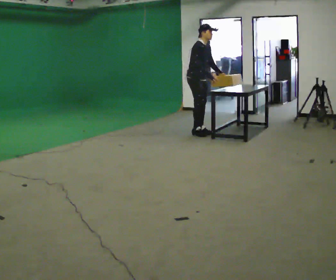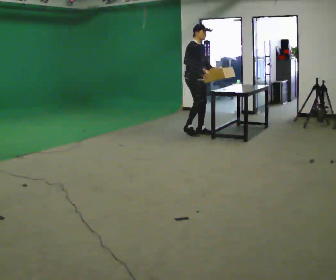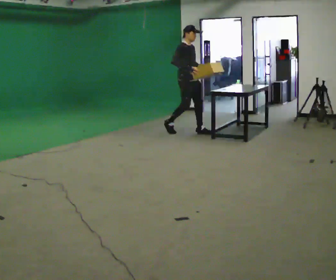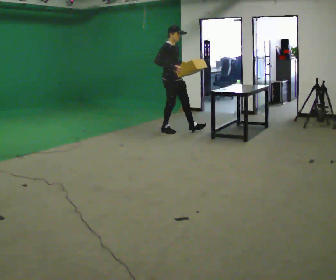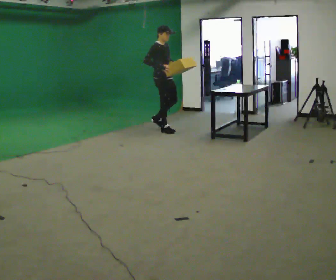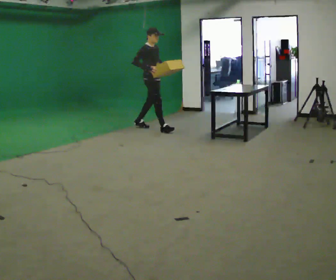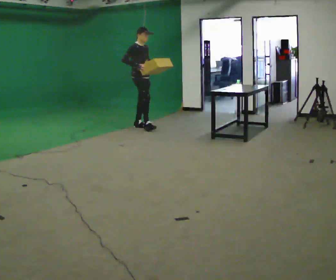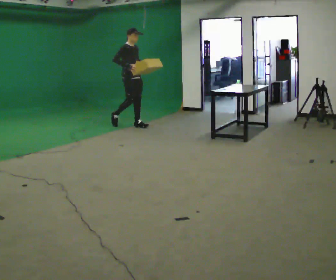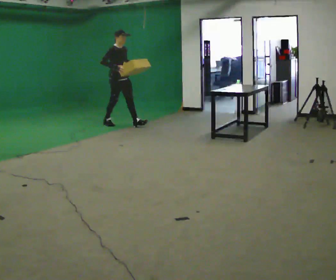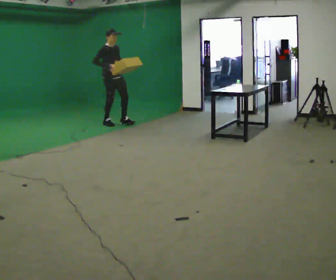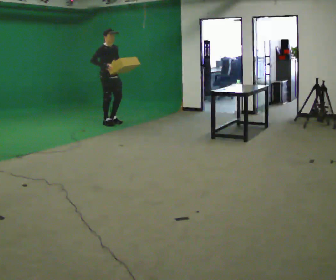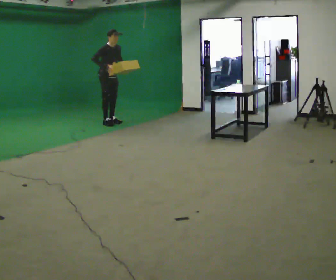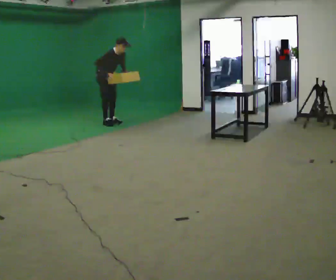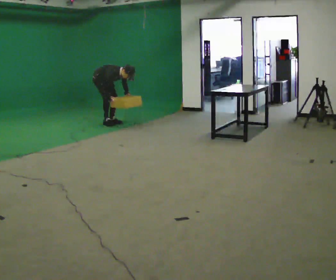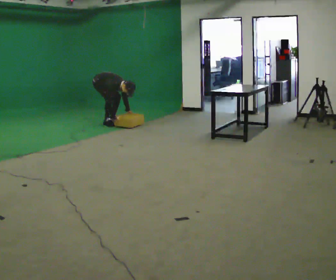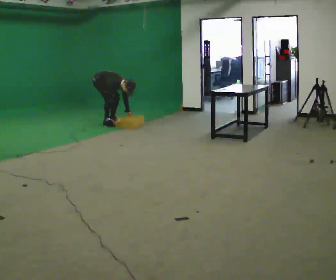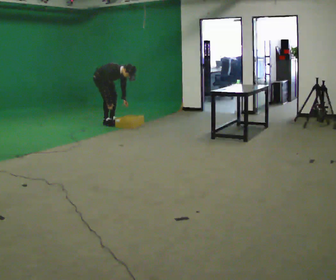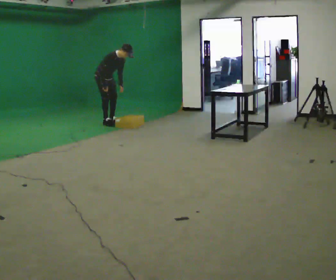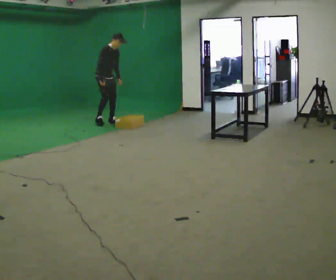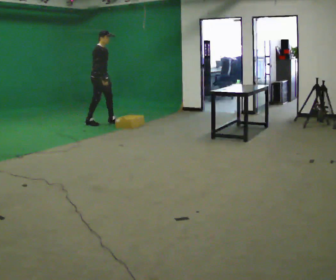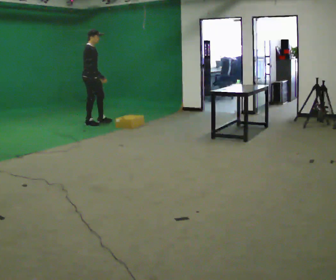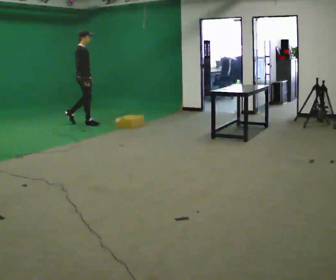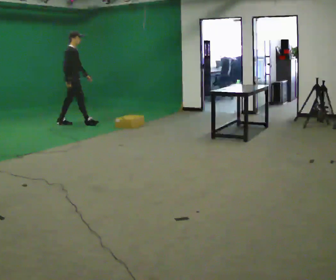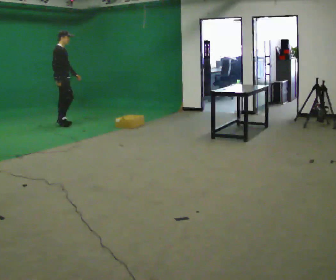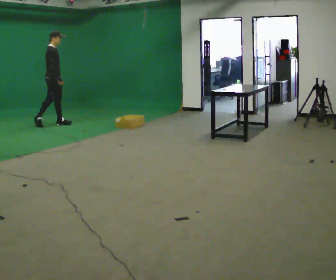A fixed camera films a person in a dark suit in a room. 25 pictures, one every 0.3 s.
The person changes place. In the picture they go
to the left.
0.0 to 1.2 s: In the picture they go to the left and away from the camera, about 0.5 m in 2 steps, which for them is backward. In the picture the upper body tilts counterclockwise, shoulders to the left, as they lean back or straighten.
1.2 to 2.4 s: In the picture they go to the left and away from the camera, about 1 m in 1 step, which for them is backward.
2.4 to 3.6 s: In the picture they go to the left and away from the camera, about 0.5 m in 1 step, which for them is backward. In the picture the upper body tilts clockwise, shoulders to the right, as they bend forward.
3.6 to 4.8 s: In the picture their left hand goes downward.
4.8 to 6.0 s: In the picture they go to the left, about 0.25 m in 2 steps, which for them is to their right. The upper body goes upward. In the picture the upper body tilts counterclockwise, shoulders to the left, as they lean back or straighten. In the picture their right hand goes upward.
6.0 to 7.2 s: In the picture they go to the left, about 0.75 m in 1 step, which for them is backward.
The film runs backward here.
